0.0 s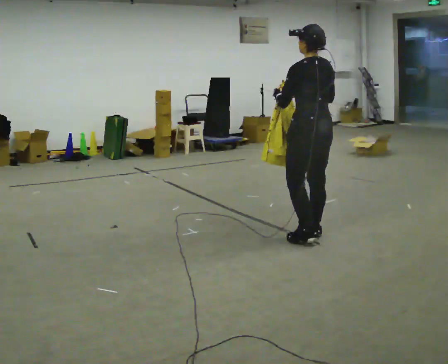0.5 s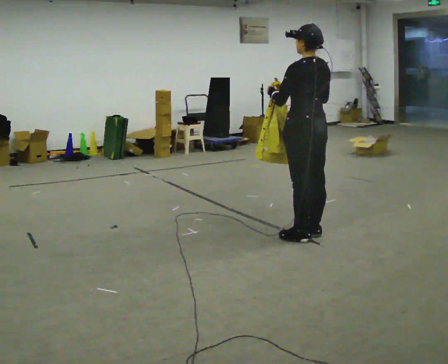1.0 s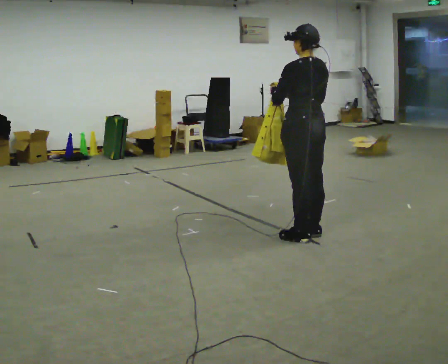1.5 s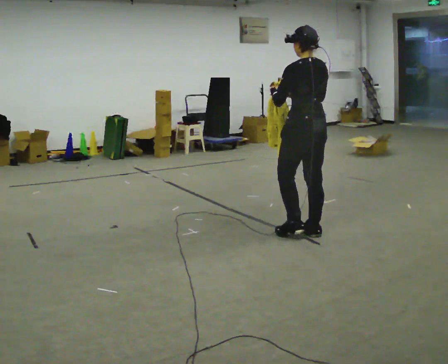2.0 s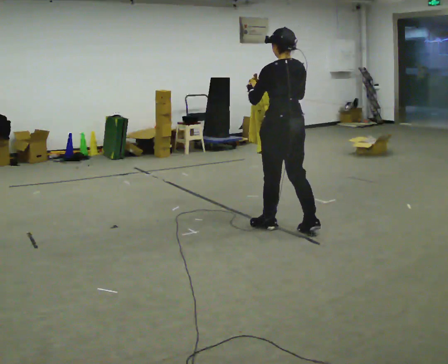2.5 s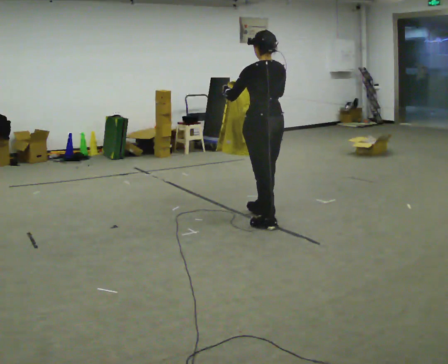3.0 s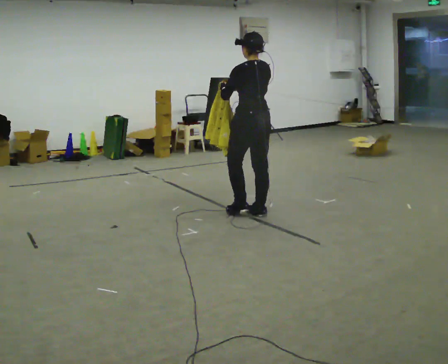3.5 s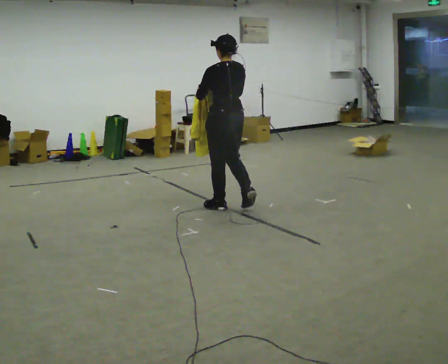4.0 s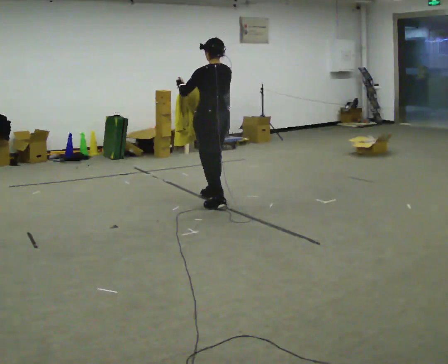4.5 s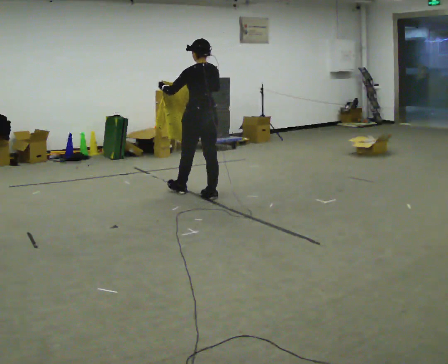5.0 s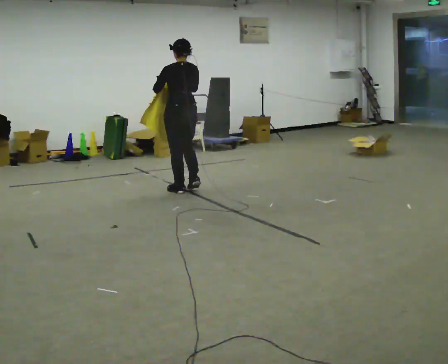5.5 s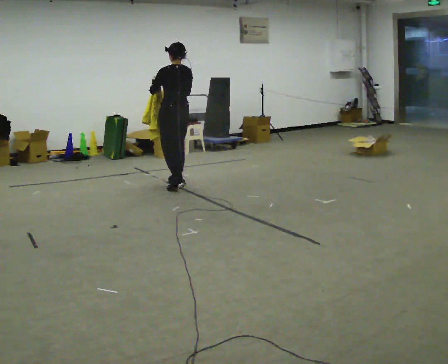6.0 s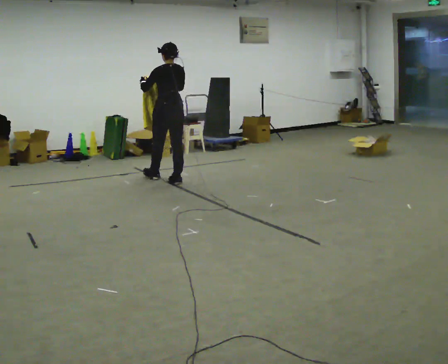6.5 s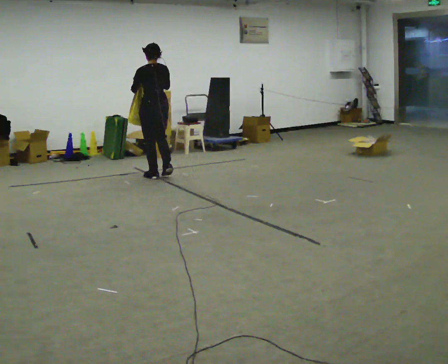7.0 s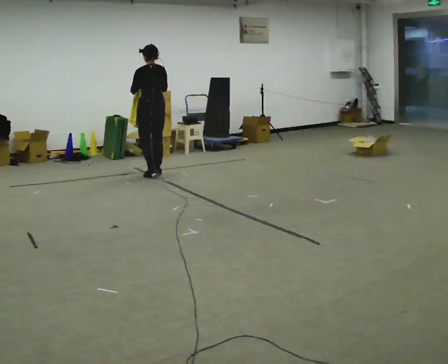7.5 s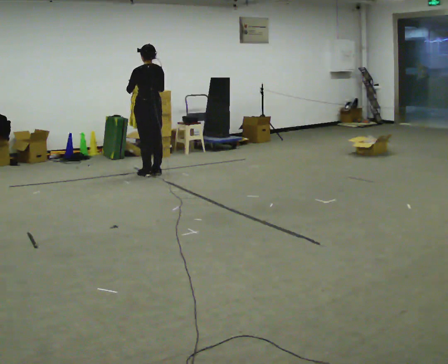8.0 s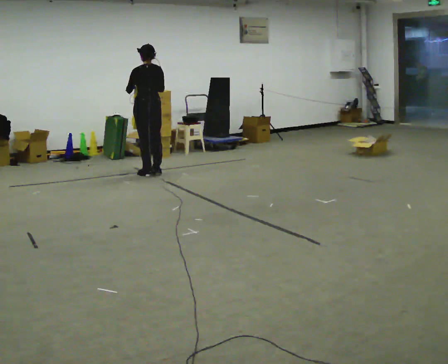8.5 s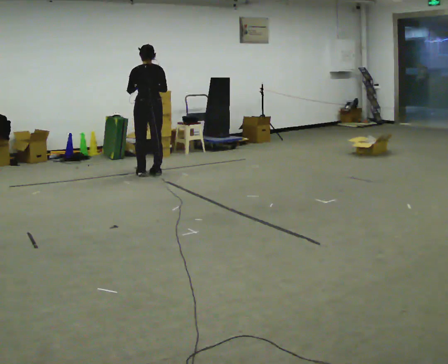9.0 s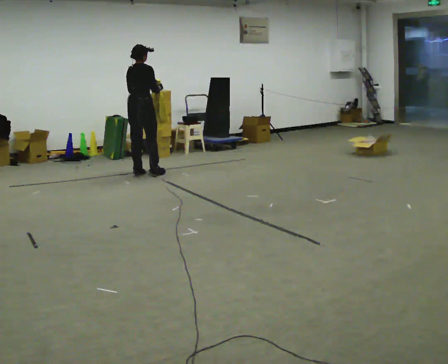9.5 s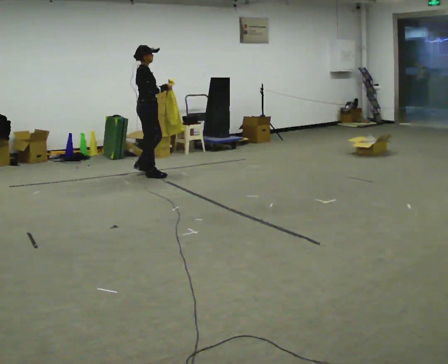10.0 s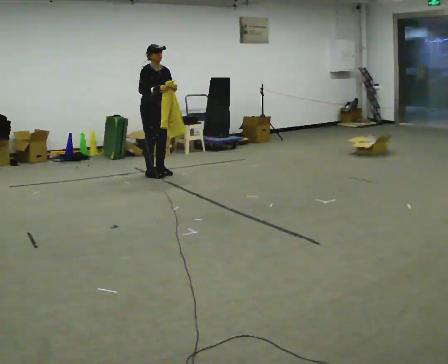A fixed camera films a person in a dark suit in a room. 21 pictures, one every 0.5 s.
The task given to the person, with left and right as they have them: Carry the cloth and, while walking, fold it in half, then unfold it. Keep repeating as you walk. Do not stop.
0.0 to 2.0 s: In the picture they go away from the camera and to the left, about 0.25 m in 2 steps, which for them is forward.
2.0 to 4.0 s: In the picture they go away from the camera and to the left, about 1 m in 3 steps, which for them is forward.
4.0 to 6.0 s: In the picture they go away from the camera and to the left, about 1 m in 2 steps, which for them is forward.
6.0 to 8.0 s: In the picture they go away from the camera and to the left, about 0.5 m in 3 steps, which for them is forward.
8.0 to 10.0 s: Seen from above the body turns clockwise, about 165 degrees: to their right, with its near side sliding to the left. In the picture their left hand goes to the right.
The film runs forward here.
